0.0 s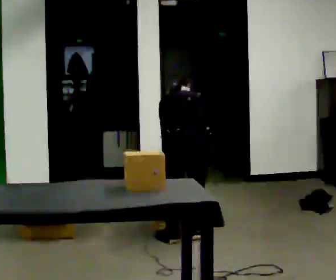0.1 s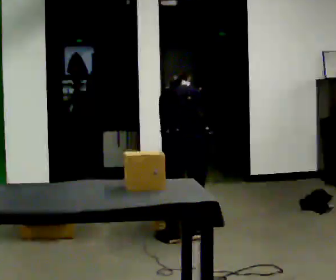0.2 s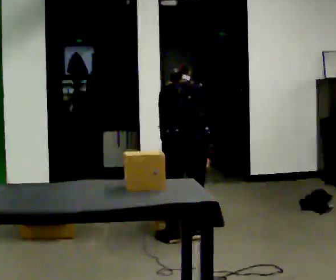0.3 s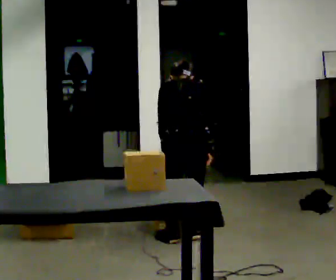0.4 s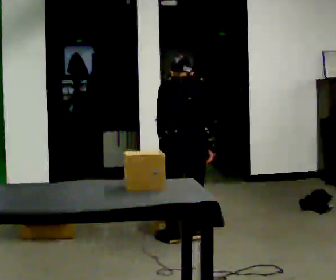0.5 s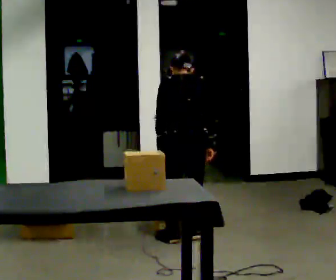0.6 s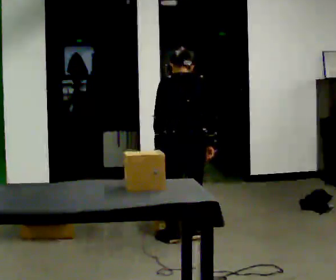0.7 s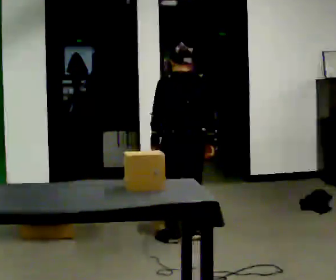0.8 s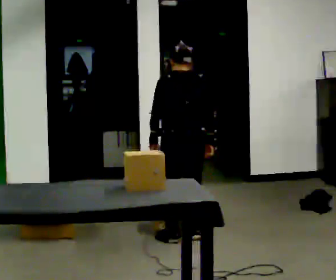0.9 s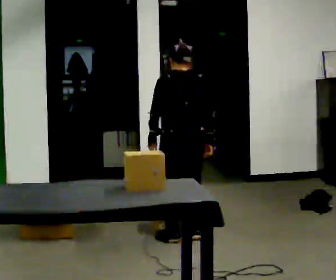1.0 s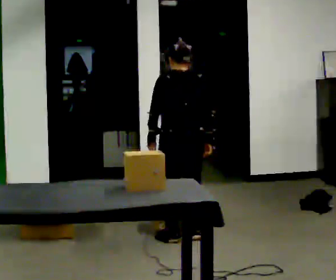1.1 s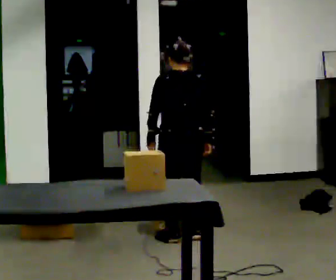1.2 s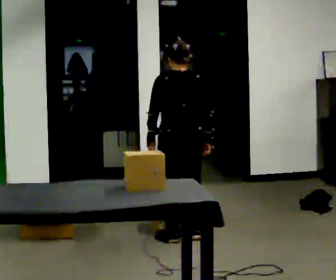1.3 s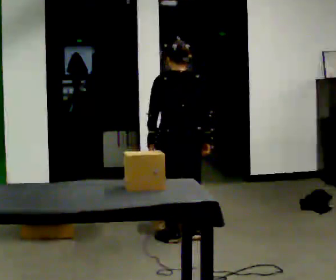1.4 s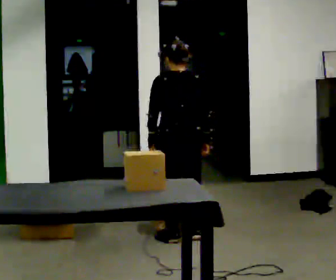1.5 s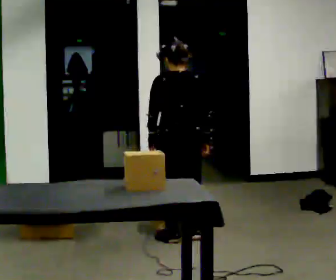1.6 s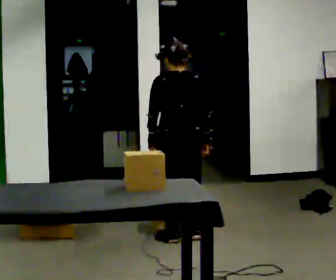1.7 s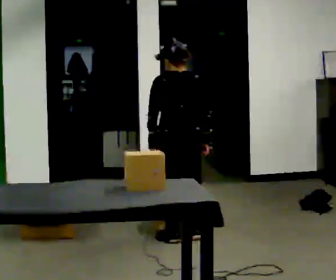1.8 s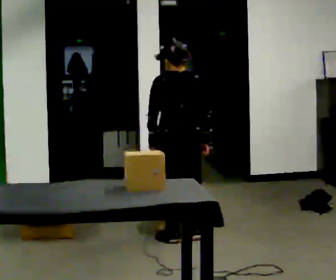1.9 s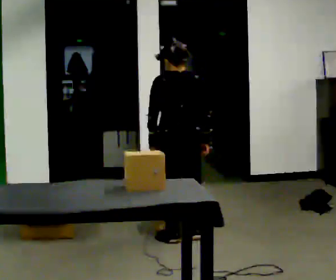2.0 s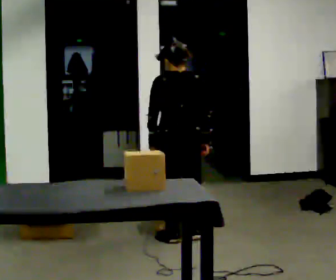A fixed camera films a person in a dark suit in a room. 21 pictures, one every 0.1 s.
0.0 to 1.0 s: The upper body goes upward. The upper body tips toward the camera, its near side rolling downward, as they lean back or straighten.
1.0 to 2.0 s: The person keeps their place and pose.
The film runs forward here.
